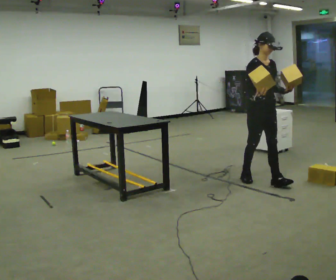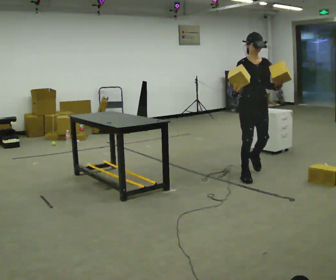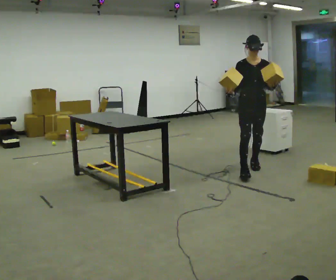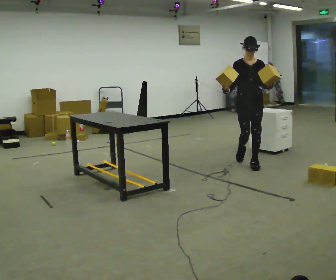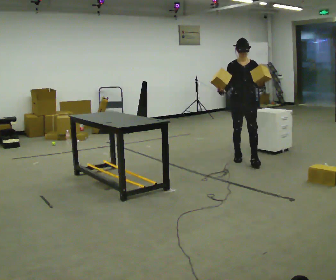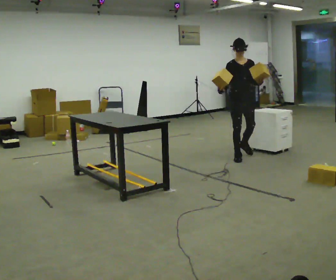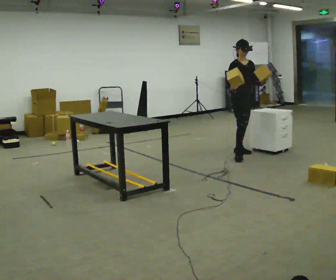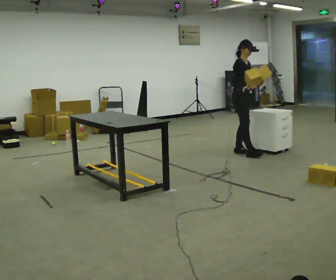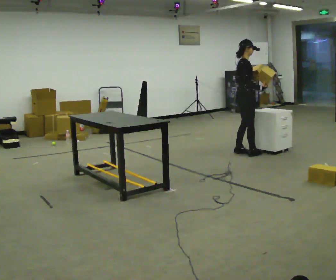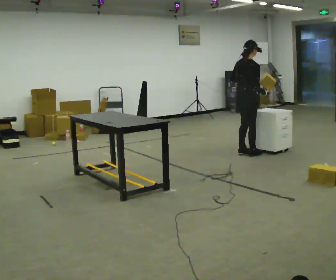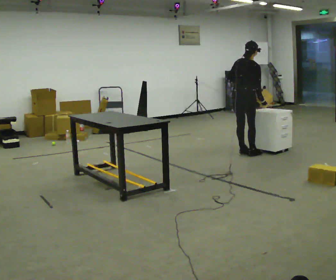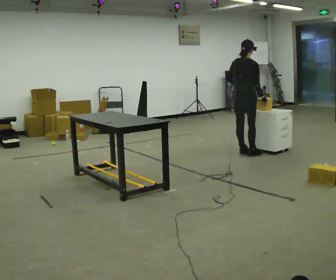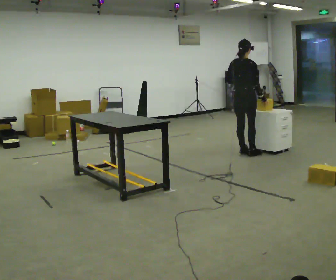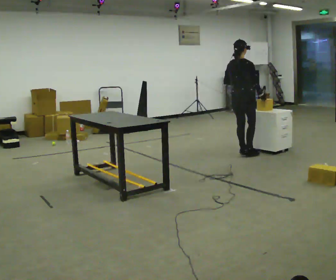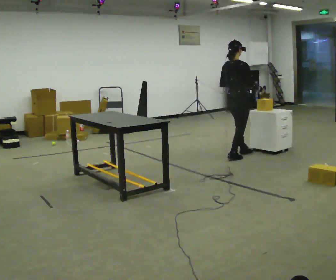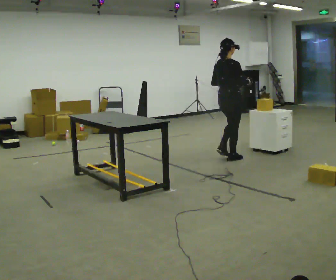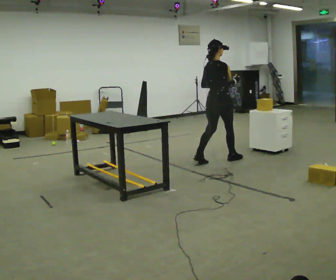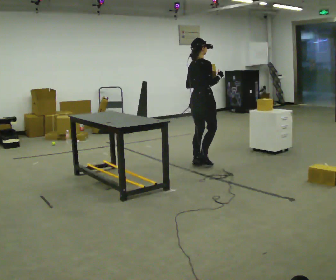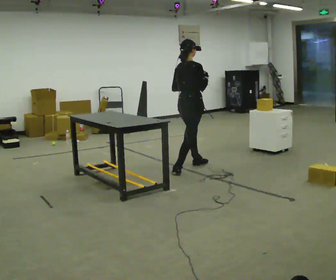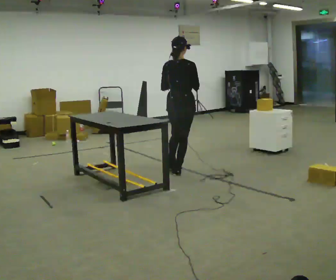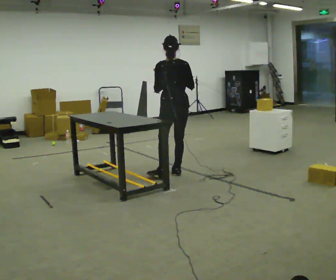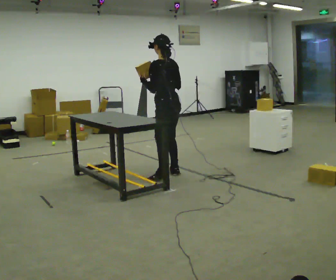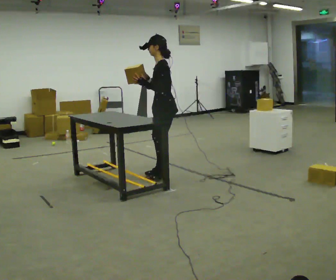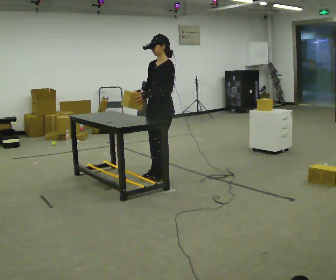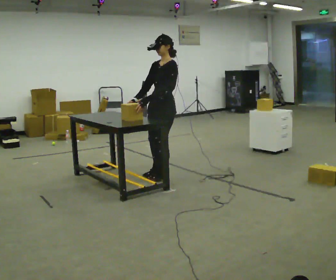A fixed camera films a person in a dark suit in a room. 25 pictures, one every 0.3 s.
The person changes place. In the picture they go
to the left.
0.0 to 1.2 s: The part of the body nearest the lens slides to the left as the person turns to their right by about 30 degrees. In the picture they go away from the camera, about 1 m in 2 steps, which for them is backward.
1.2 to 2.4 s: The person turns about 90 degrees to their left, counterclockwise seen from above, so the part of the body nearest the lens slides to the right. In the picture they go away from the camera, about 0.5 m in 1 step.
2.4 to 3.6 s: The person turns about 60 degrees to their left, counterclockwise seen from above, so the part of the body nearest the lens slides to the right.
3.6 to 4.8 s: In the picture they go toward the camera and to the left, about 0.5 m in 2 steps, which for them is backward.
4.8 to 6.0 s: The person turns about 60 degrees to their left, counterclockwise seen from above, so the part of the body nearest the lens slides to the right. In the picture they go toward the camera and to the left, about 1 m in 2 steps.
6.0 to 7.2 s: The person turns about 105 degrees to their left, counterclockwise seen from above, so the part of the body nearest the lens slides to the right. In the picture their right hand goes to the left.
The film runs backward here.
